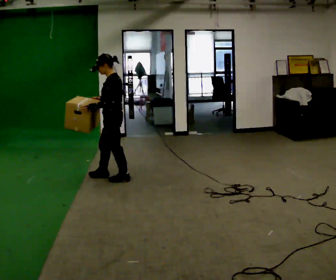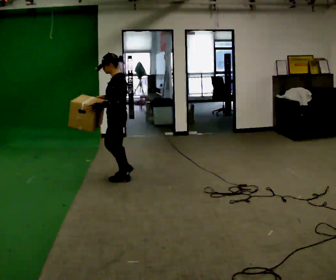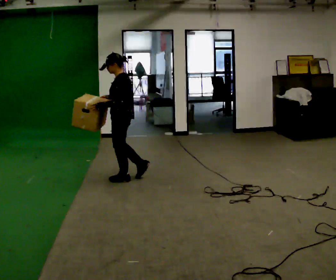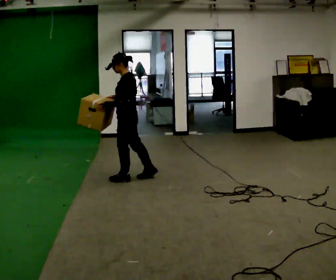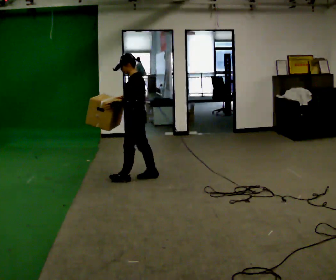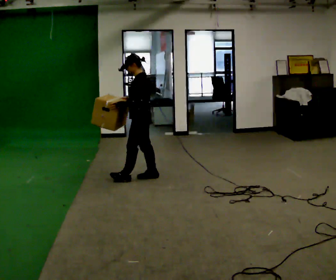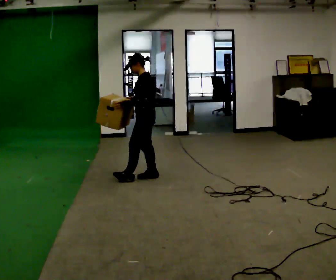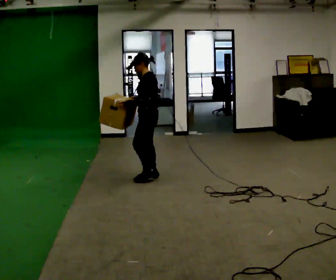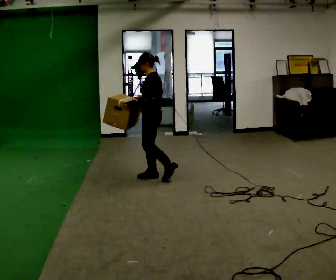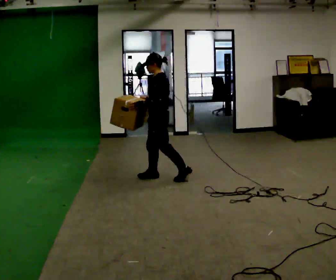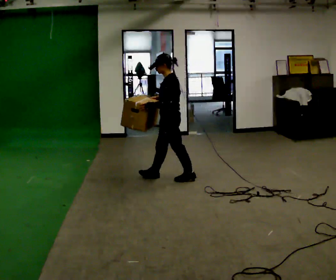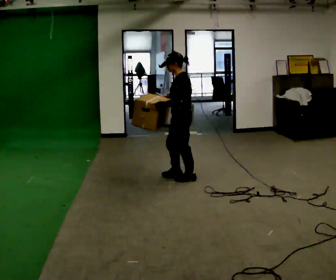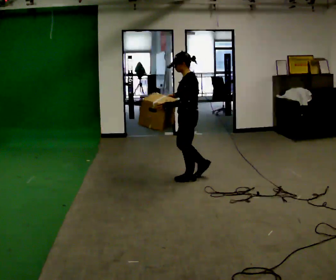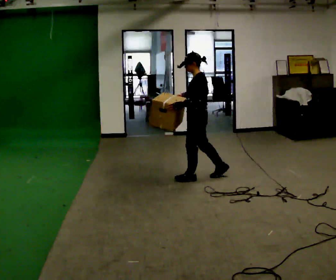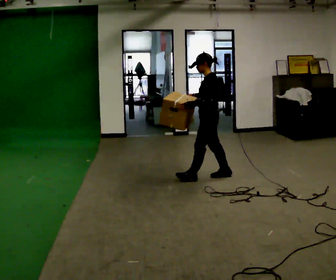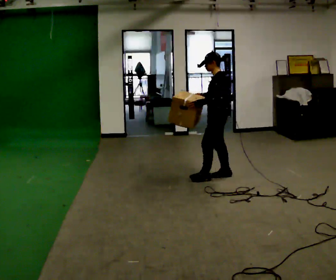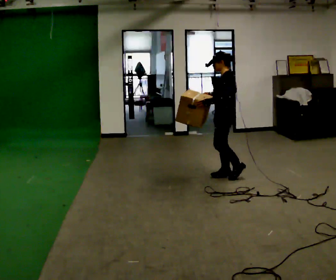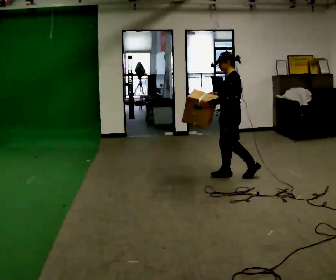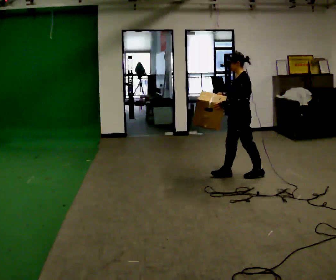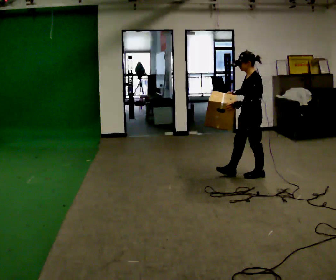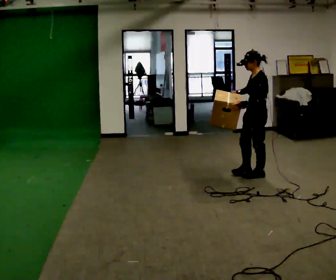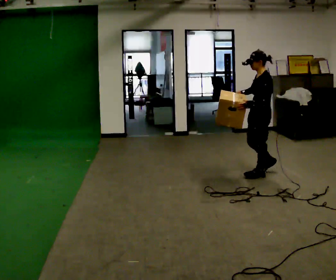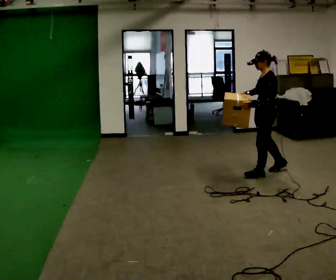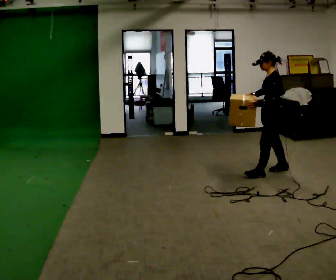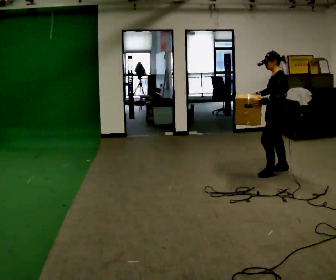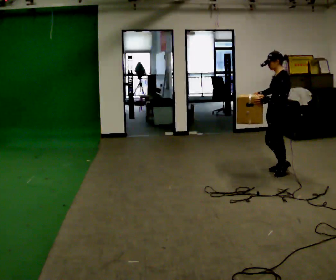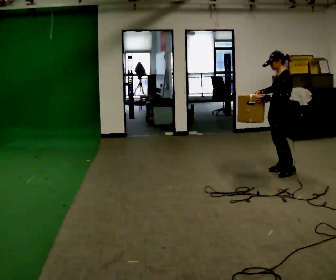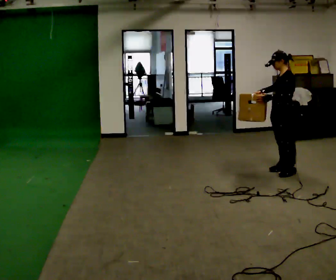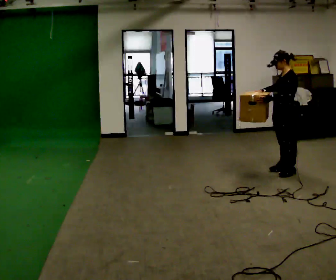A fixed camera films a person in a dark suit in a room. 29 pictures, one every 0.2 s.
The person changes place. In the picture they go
to the right.
0.0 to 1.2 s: In the picture they go to the right, about 0.25 m in 1 step, which for them is backward.
1.2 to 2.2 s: In the picture they go to the right, about 0.5 m in 1 step, which for them is backward.
2.2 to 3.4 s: In the picture they go to the right, about 0.5 m in 1 step, which for them is backward.
3.4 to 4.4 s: In the picture they go to the right, about 0.5 m in 1 step, which for them is backward.
4.4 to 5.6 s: In the picture they go to the right, about 0.25 m in 1 step, which for them is backward.
The film runs backward here.
